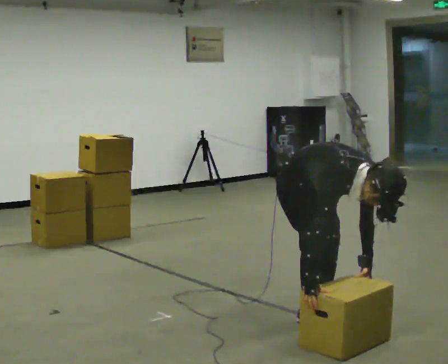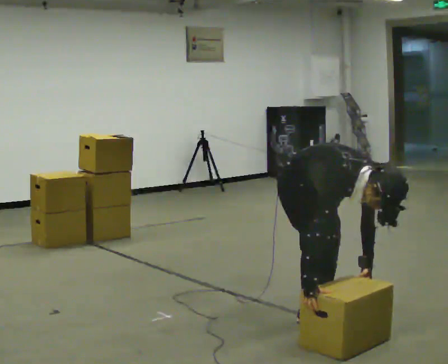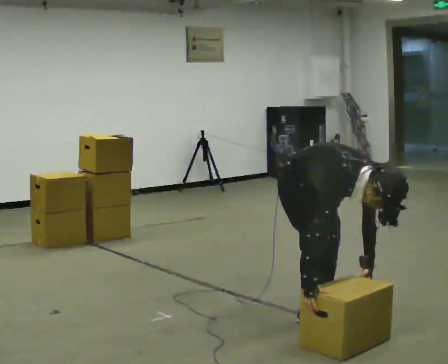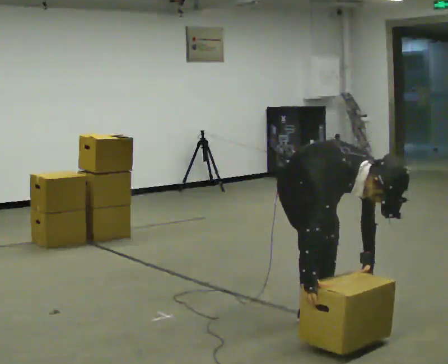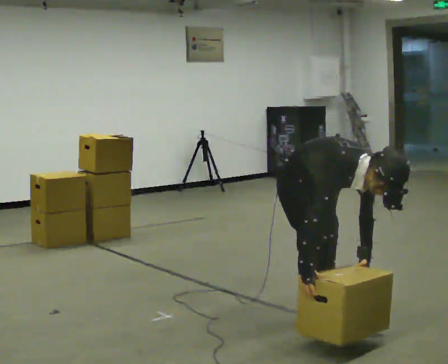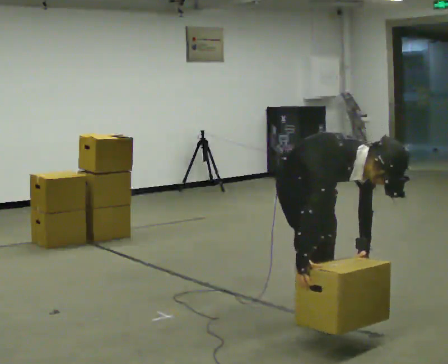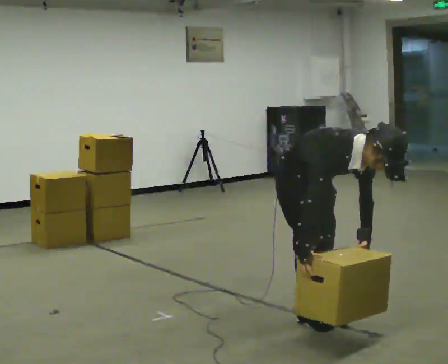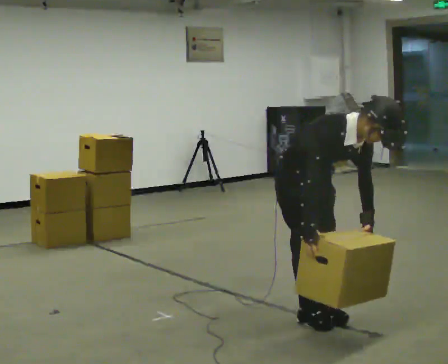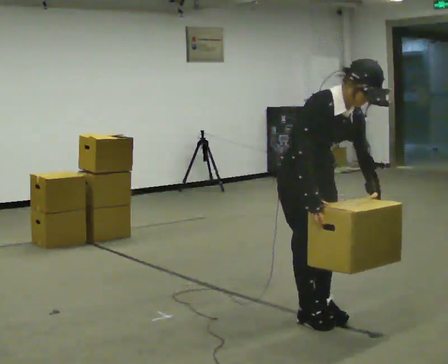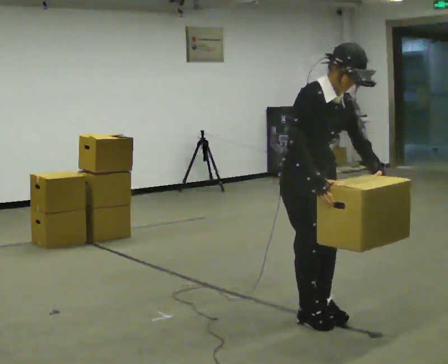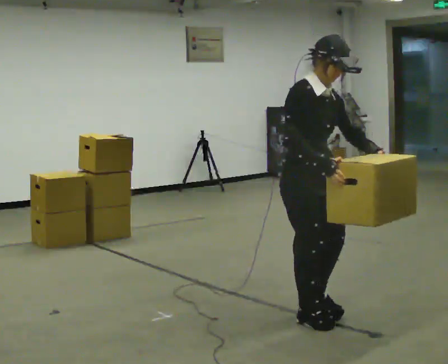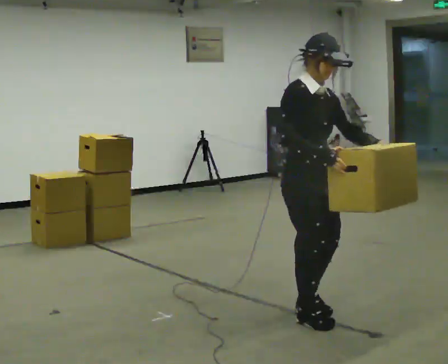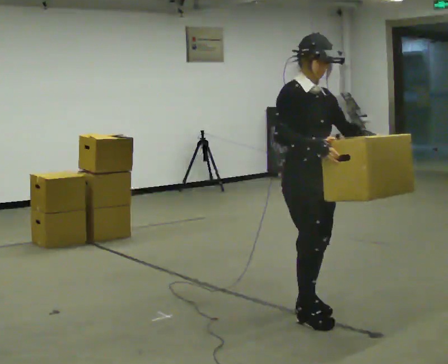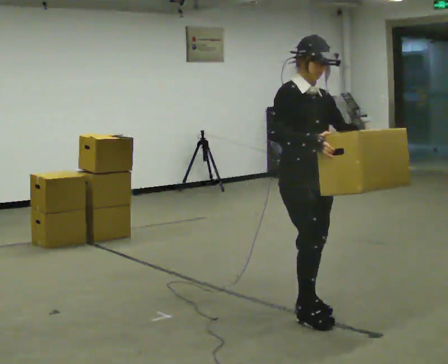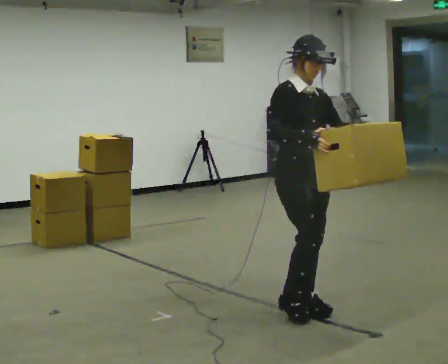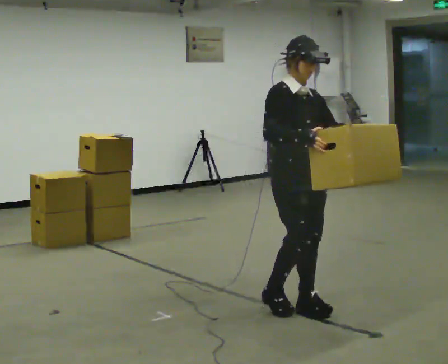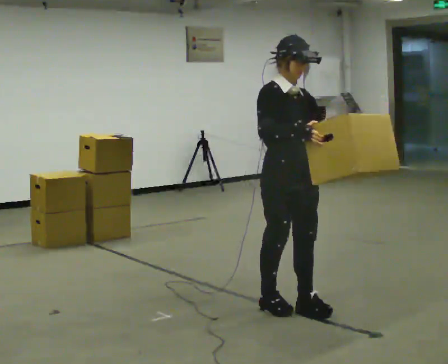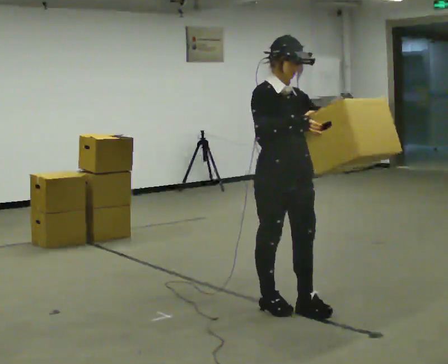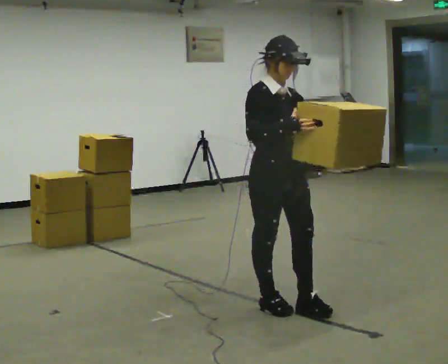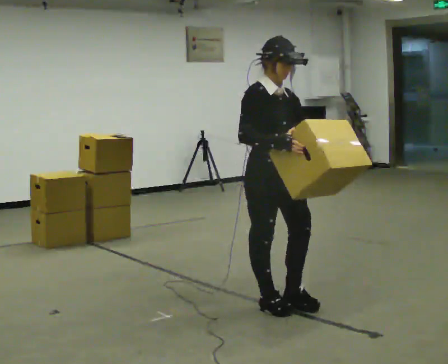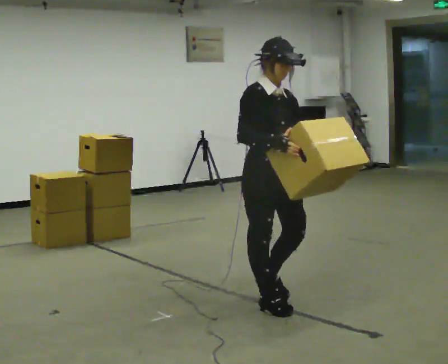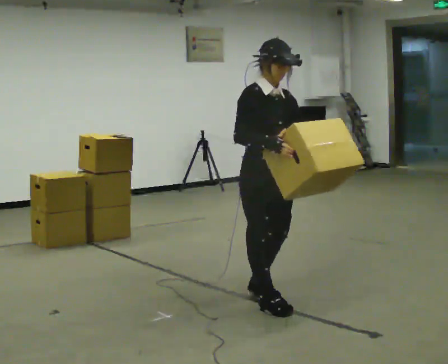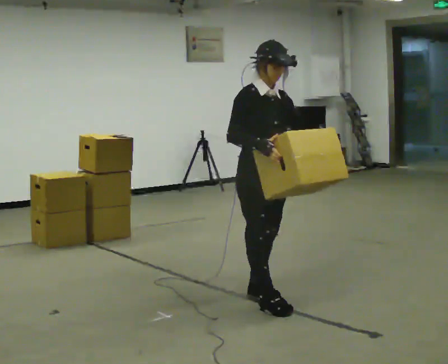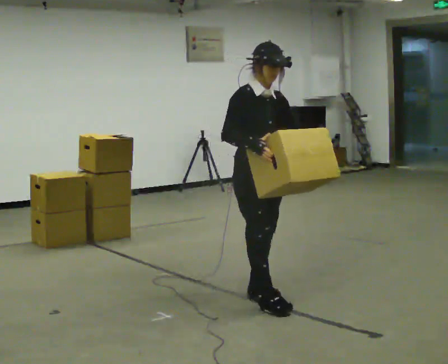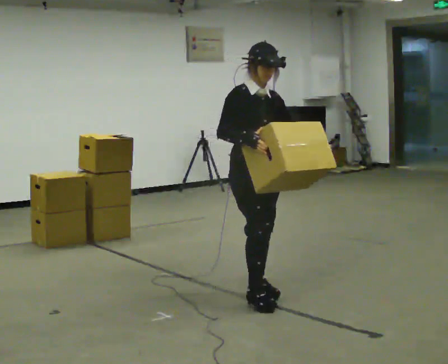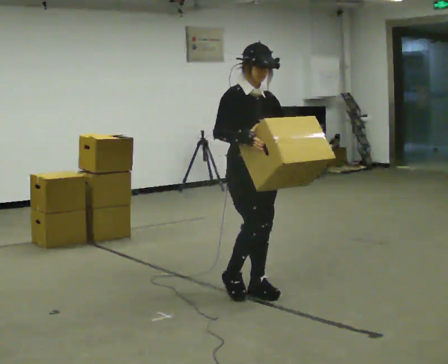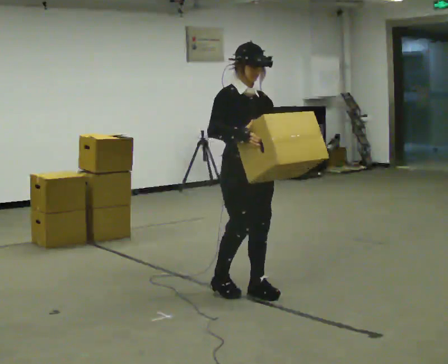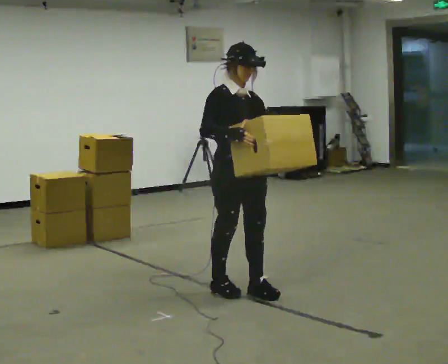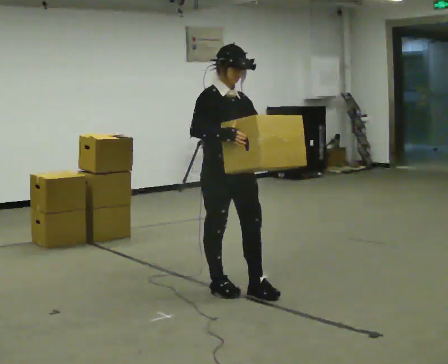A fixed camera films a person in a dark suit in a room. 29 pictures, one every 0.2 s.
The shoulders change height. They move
upward.
0.0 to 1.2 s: The upper body tips away from the camera, its near side rolling upward, as they lean back or straighten.
1.2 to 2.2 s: The upper body goes upward. The upper body tips away from the camera, its near side rolling upward, as they lean back or straighten. In the picture their left hand goes upward.
2.2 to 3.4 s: In the picture they go away from the camera and to the left, about 0.25 m in 1 step, which for them is backward.
3.4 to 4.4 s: In the picture they go away from the camera, about 0.25 m in 1 step, which for them is backward.
4.4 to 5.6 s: In the picture they go to the left and away from the camera, about 0.25 m in 1 step, which for them is backward.
The film runs backward here.
